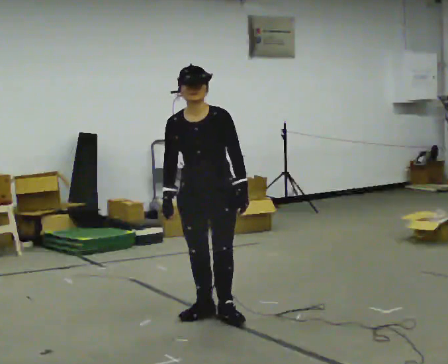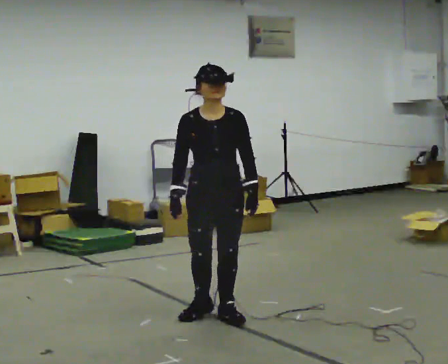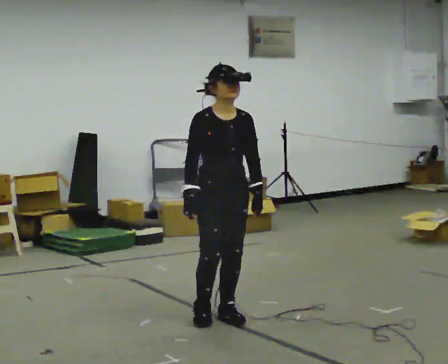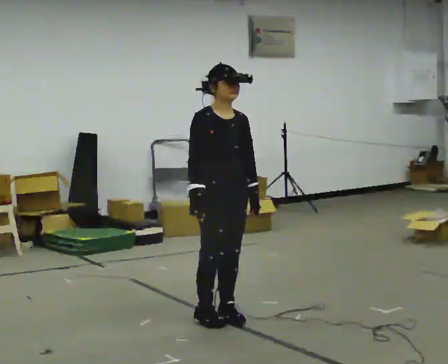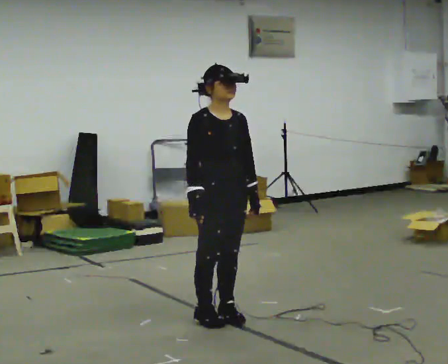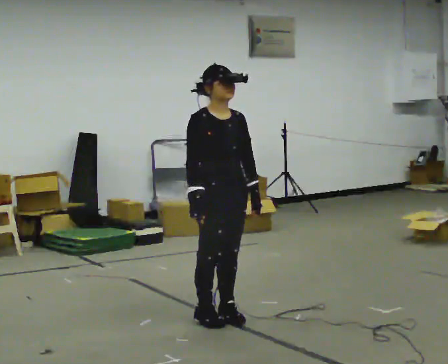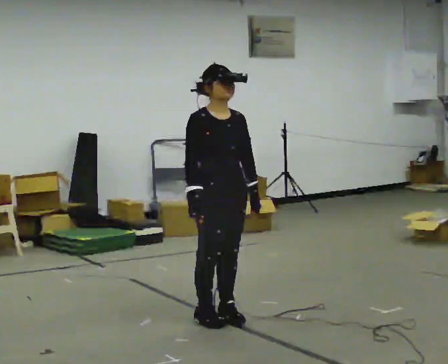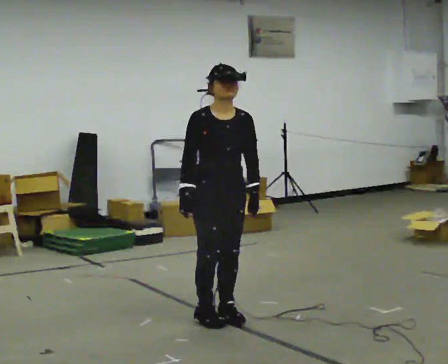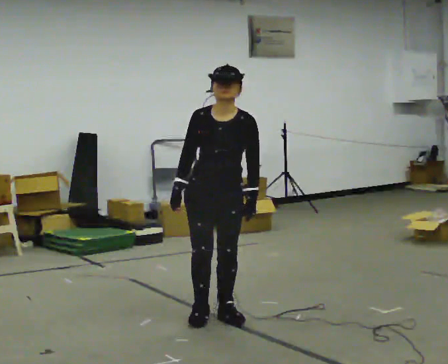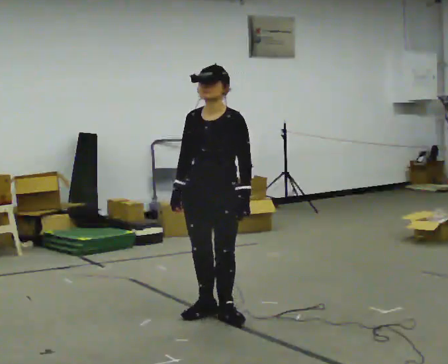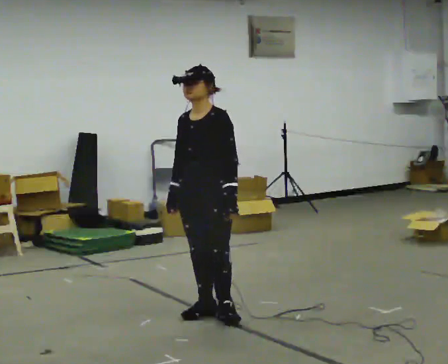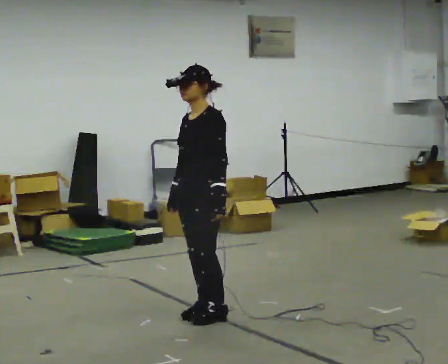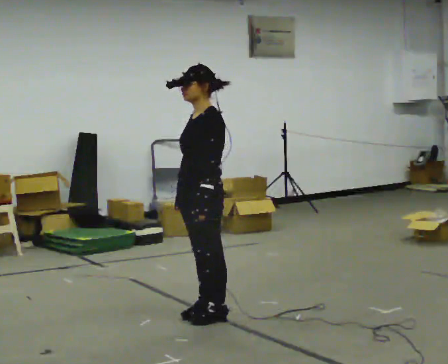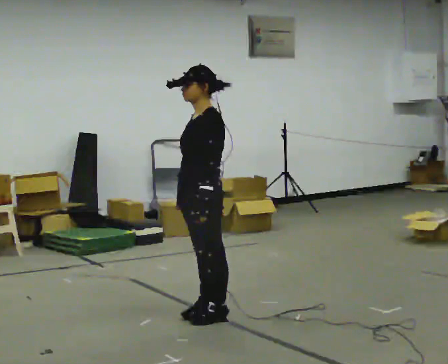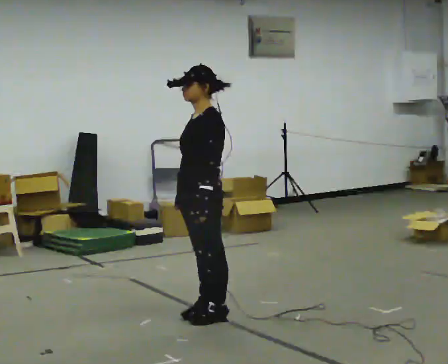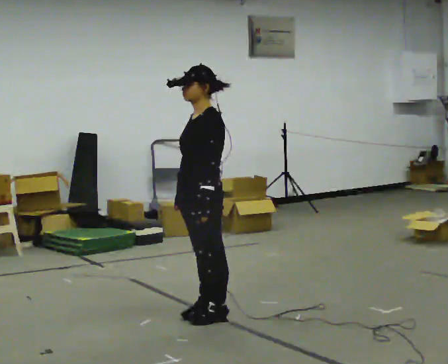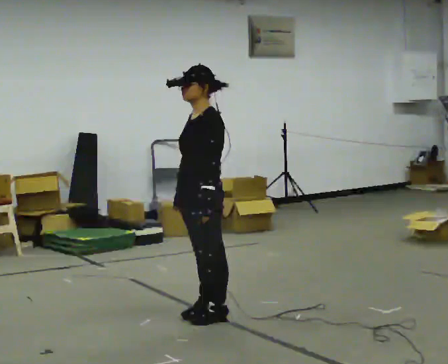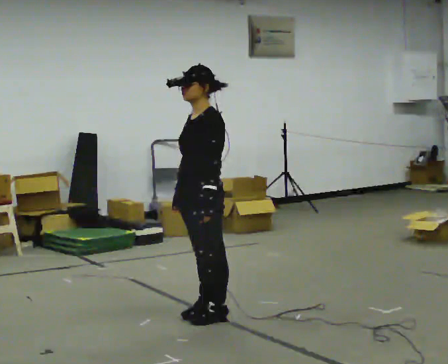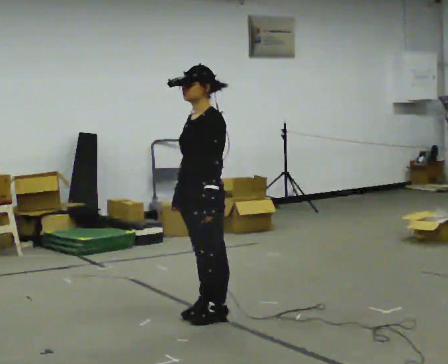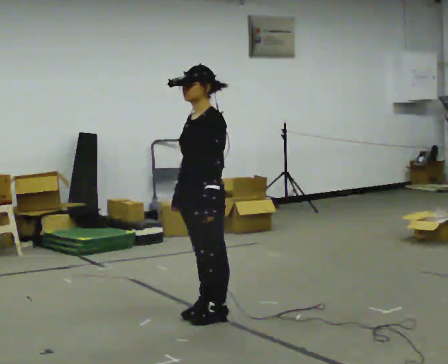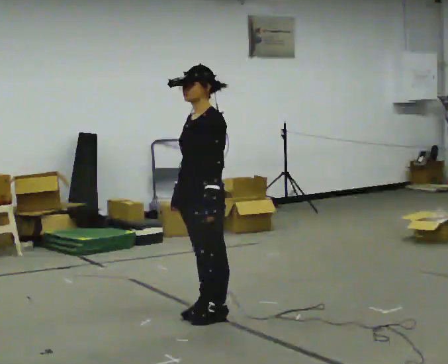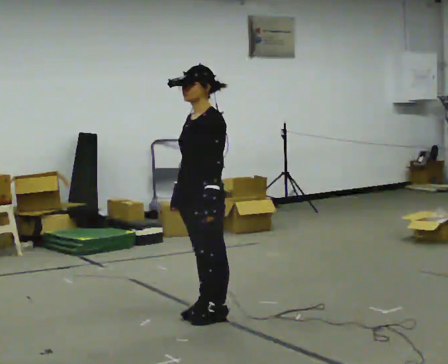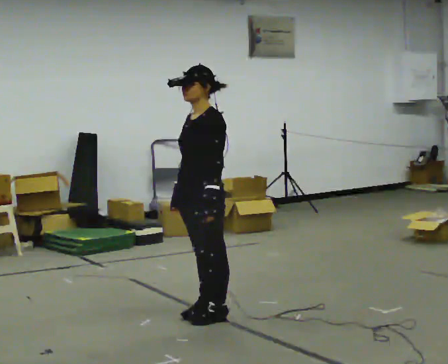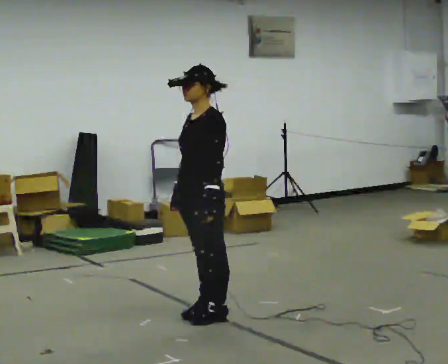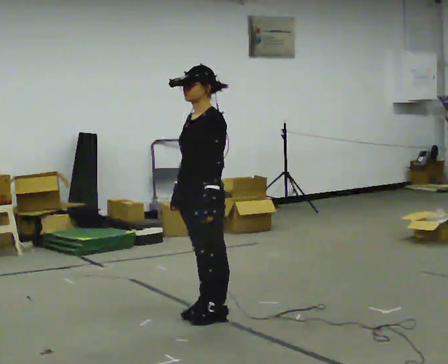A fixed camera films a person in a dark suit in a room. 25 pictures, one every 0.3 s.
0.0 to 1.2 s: Seen from above the body turns counterclockwise, about 45 degrees: to their left, with its near side sliding to the right.
1.2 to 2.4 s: The person turns about 45 degrees to their right, clockwise seen from above, so the part of the body nearest the lens slides to the left.
2.4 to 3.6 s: Seen from above the body turns clockwise, about 60 degrees: to their right, with its near side sliding to the left.
3.6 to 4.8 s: The person keeps their place and pose.
4.8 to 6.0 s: The person moves a little, or ends about where they began.
6.0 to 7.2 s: The person keeps their place and pose.
The film runs forward here.
